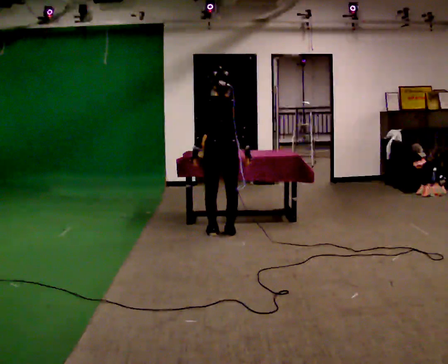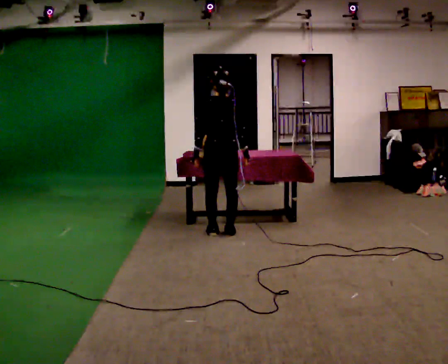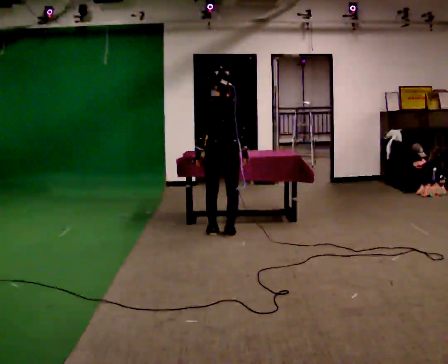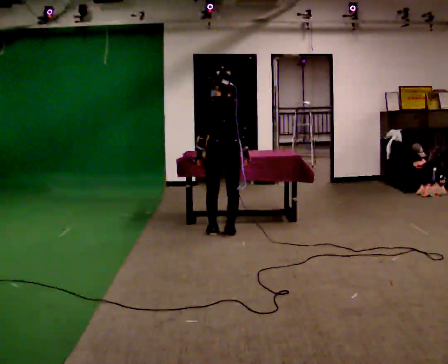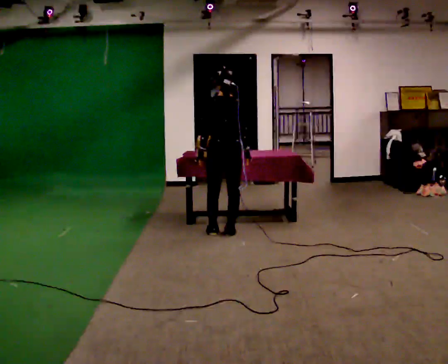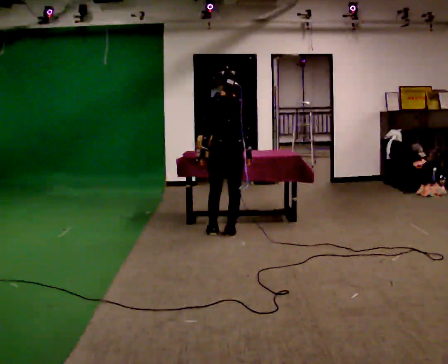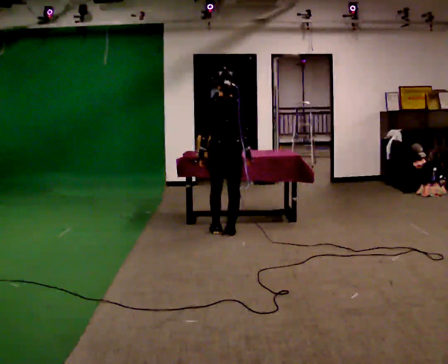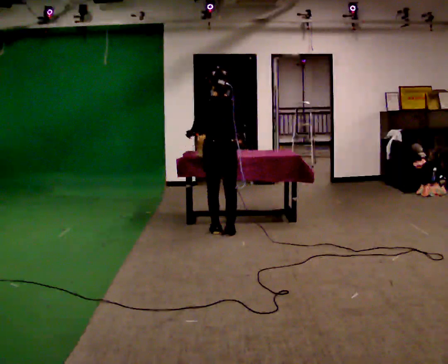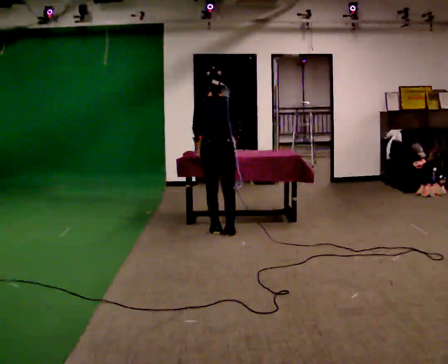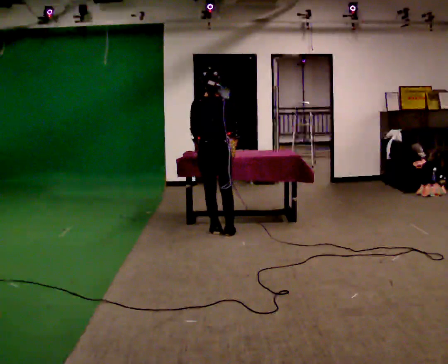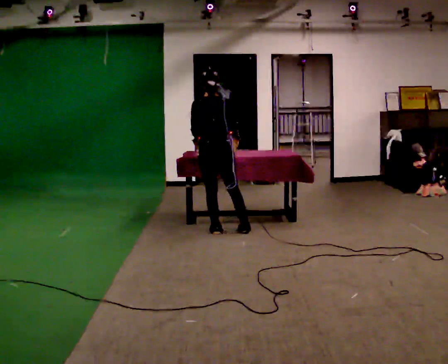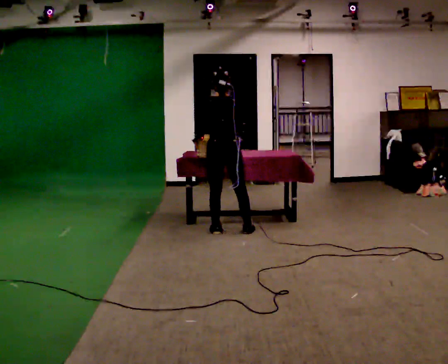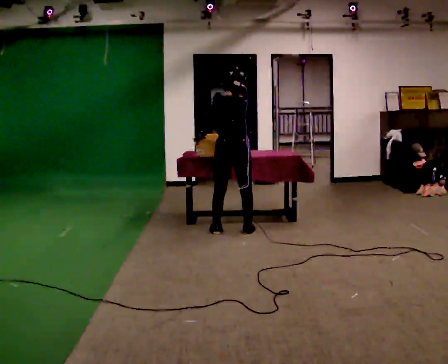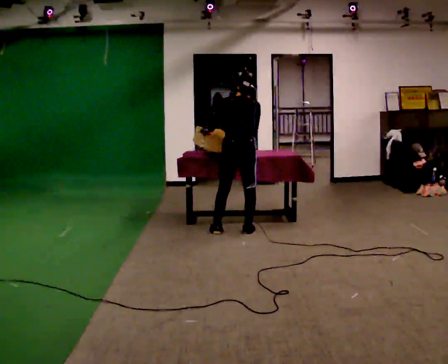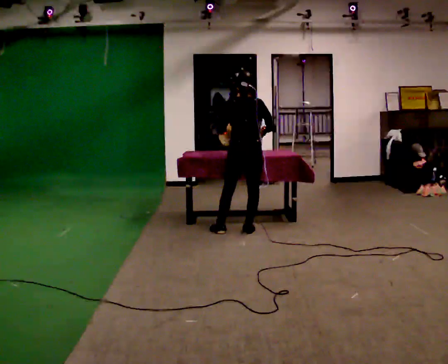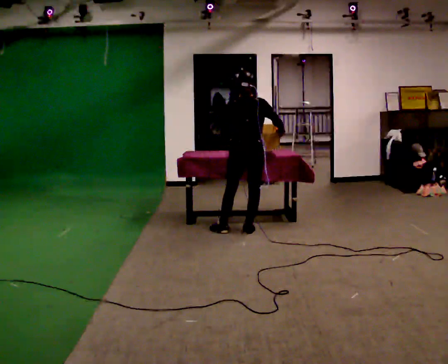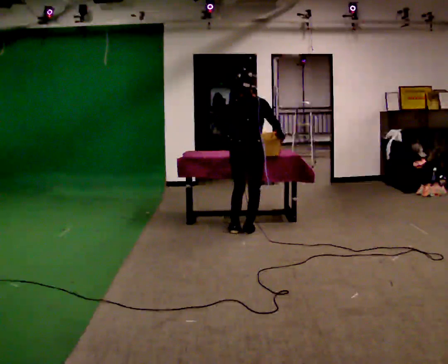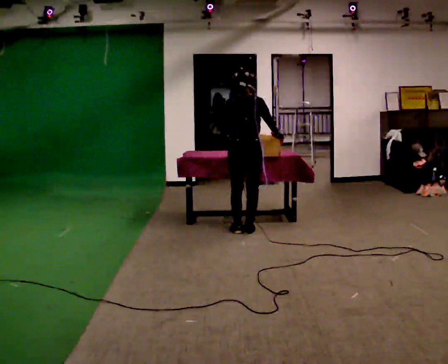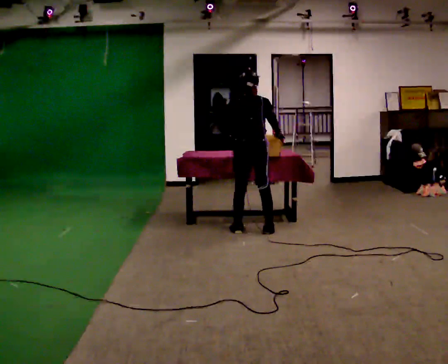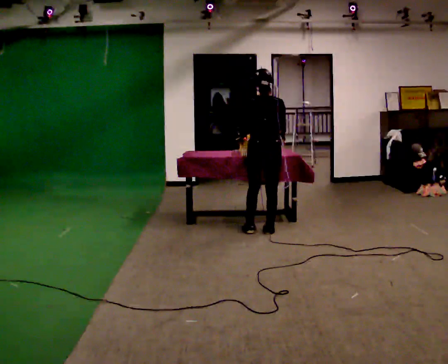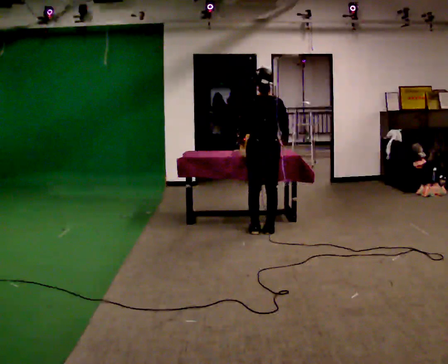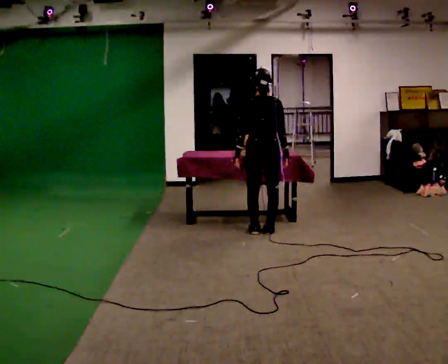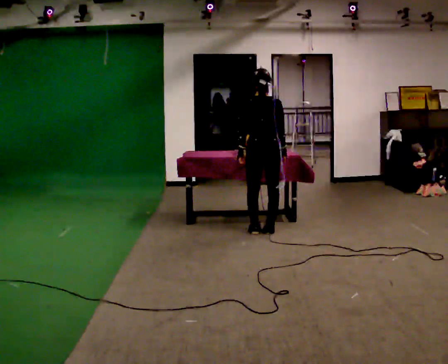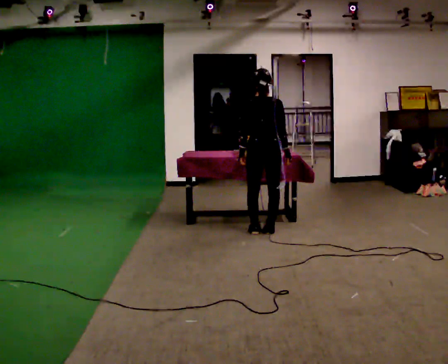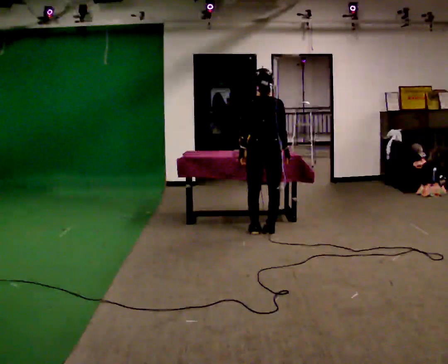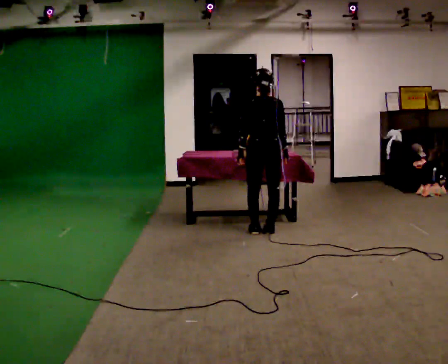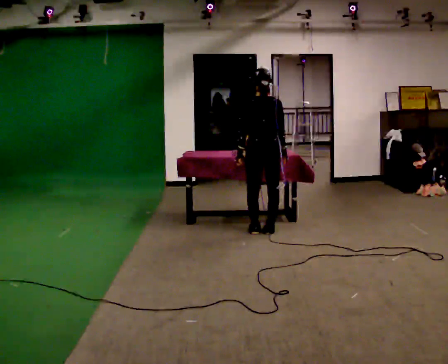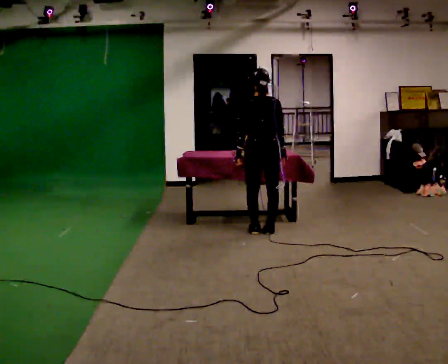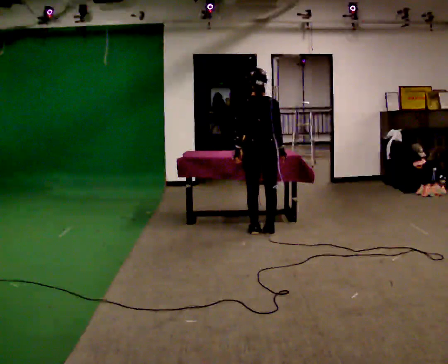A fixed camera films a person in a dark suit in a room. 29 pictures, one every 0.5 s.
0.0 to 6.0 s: The person moves a little, or ends about where they began.
6.0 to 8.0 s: In the picture their right hand goes to the right.
8.0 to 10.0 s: In the picture they go to the right, about 0.25 m in 2 steps, which for them is to their right.
10.0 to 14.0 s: The person moves a little, or ends about where they began.
The film runs forward here.
